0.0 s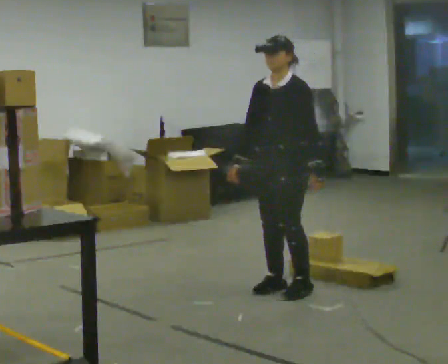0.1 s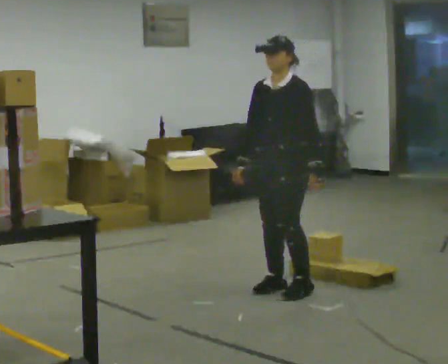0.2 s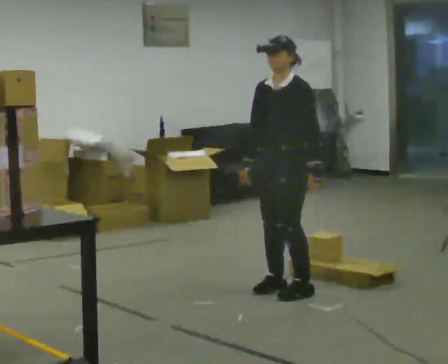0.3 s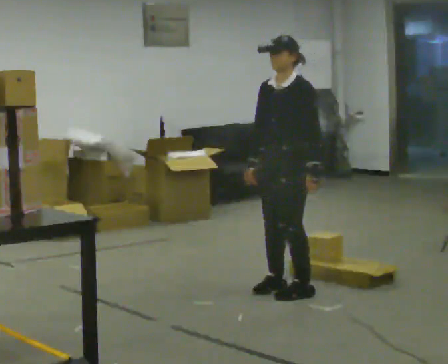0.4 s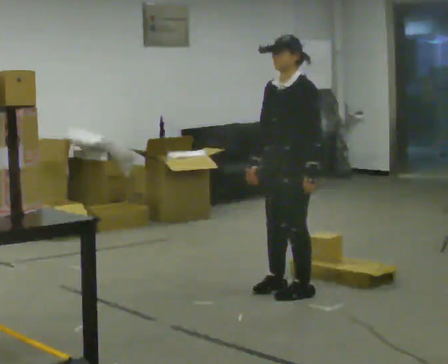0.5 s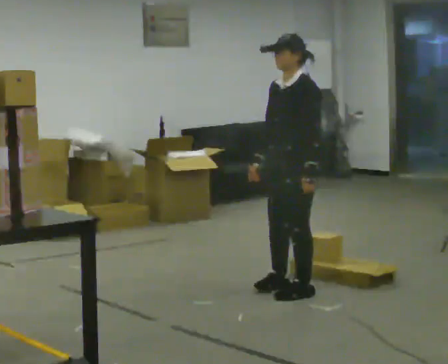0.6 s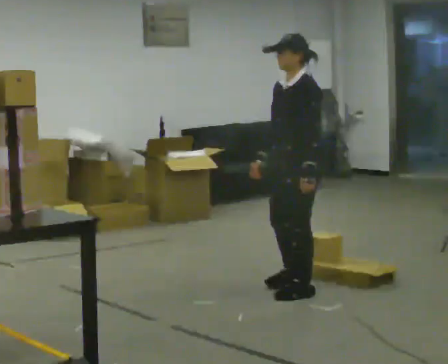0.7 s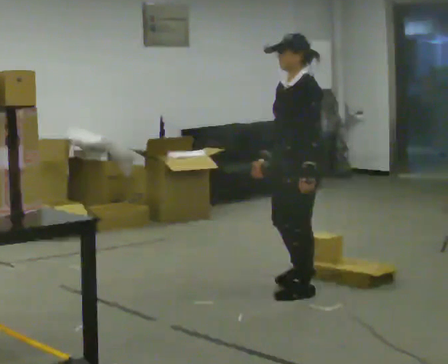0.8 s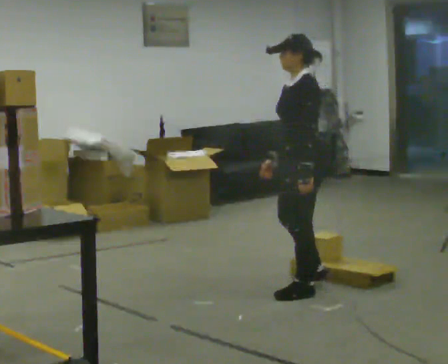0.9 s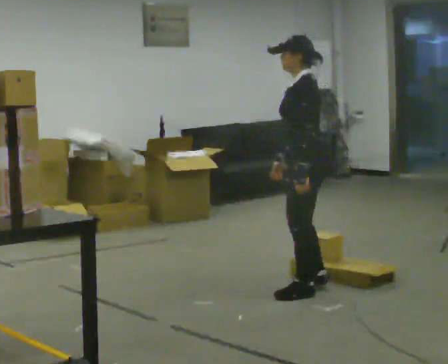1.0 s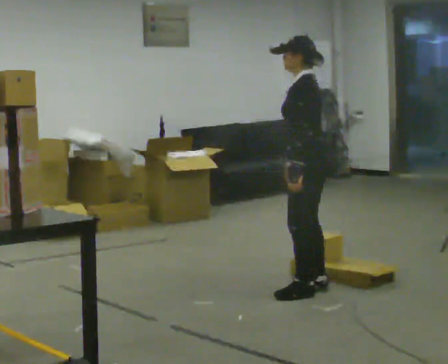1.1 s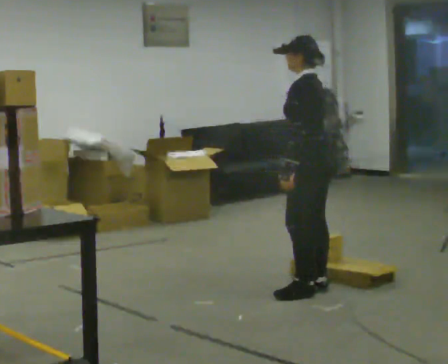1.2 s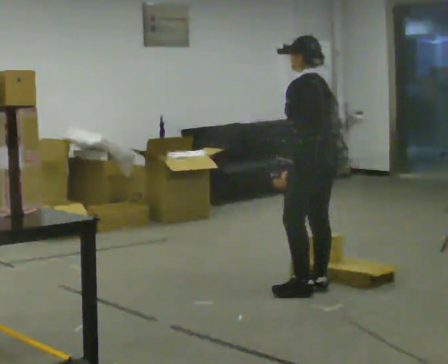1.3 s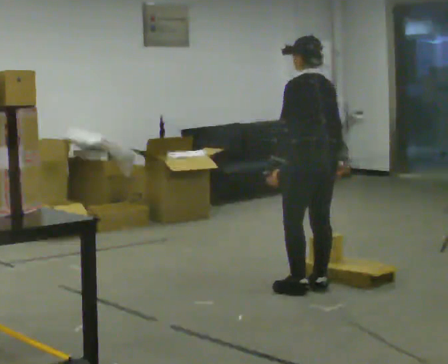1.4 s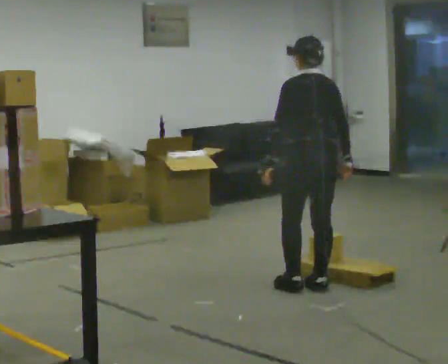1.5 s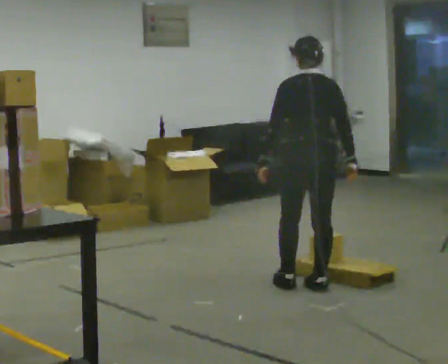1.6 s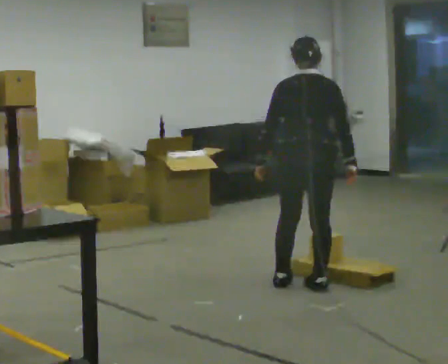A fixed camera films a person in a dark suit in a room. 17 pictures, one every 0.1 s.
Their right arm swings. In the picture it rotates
counterclockwise.
The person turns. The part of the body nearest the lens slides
to the left.
0.0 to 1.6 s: The person turns about 120 degrees to their right, clockwise seen from above, so the part of the body nearest the lens slides to the left. In the picture they go to the right, about 0.25 m in 2 steps. In the picture their right hand goes to the right, the arm swinging counterclockwise.
The film runs backward here.
